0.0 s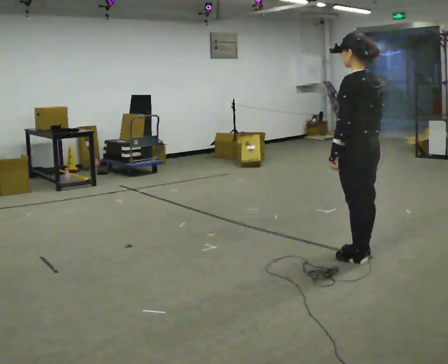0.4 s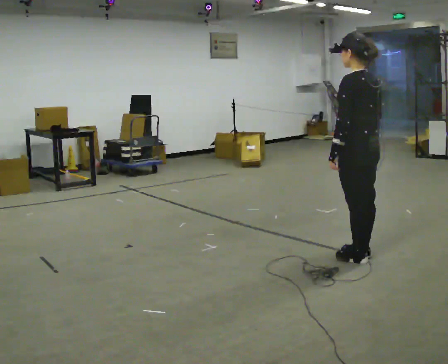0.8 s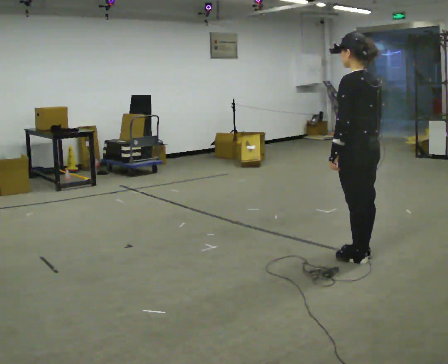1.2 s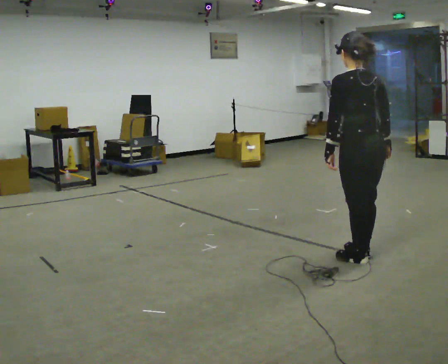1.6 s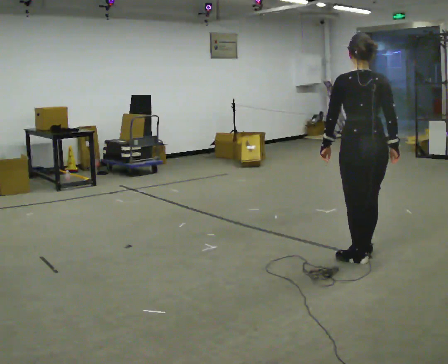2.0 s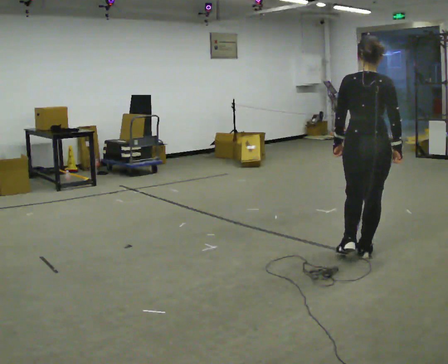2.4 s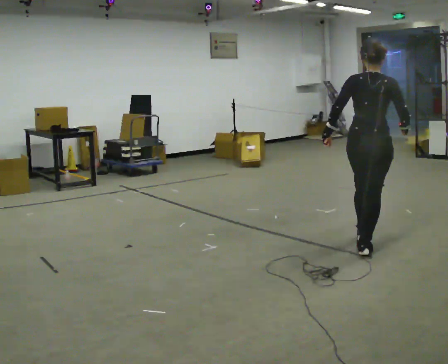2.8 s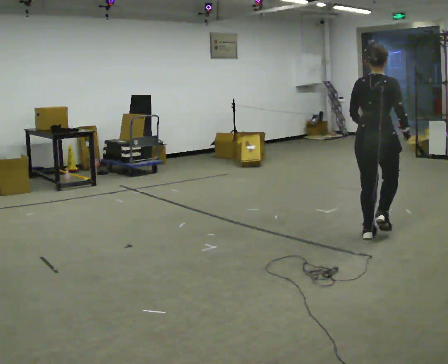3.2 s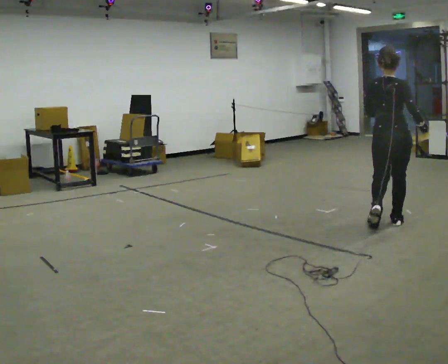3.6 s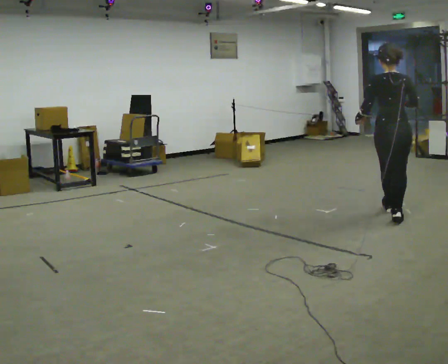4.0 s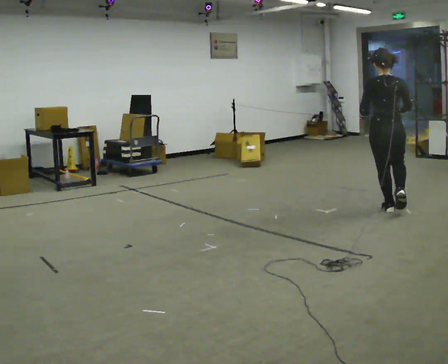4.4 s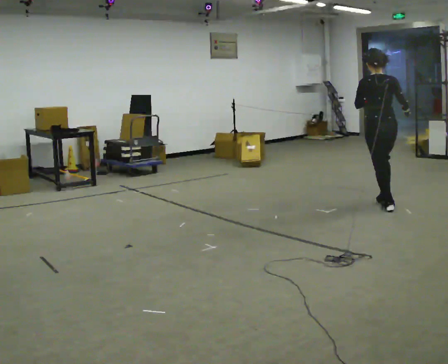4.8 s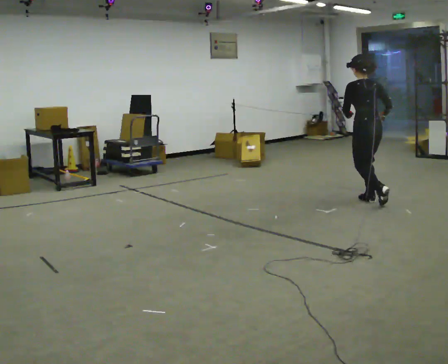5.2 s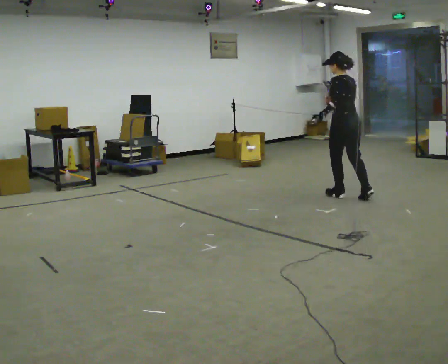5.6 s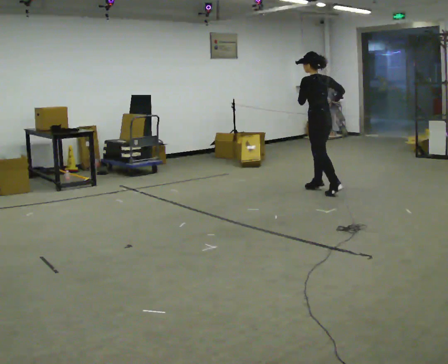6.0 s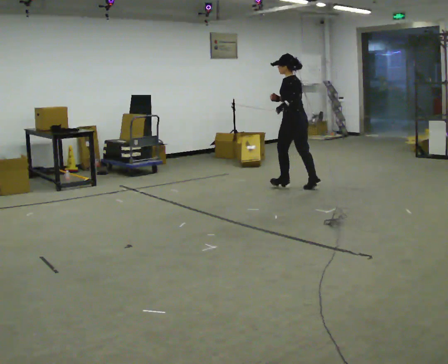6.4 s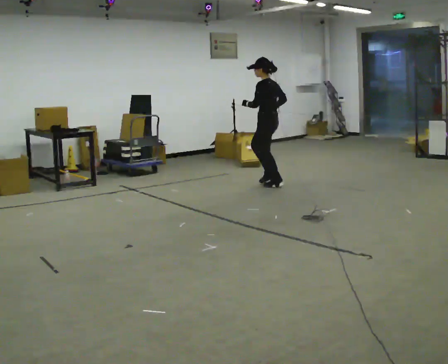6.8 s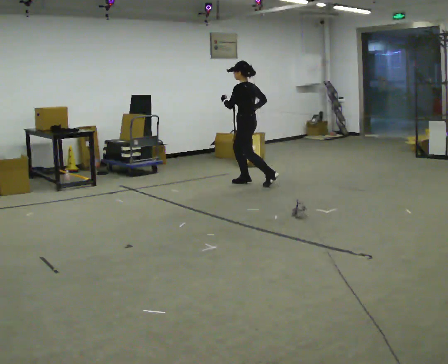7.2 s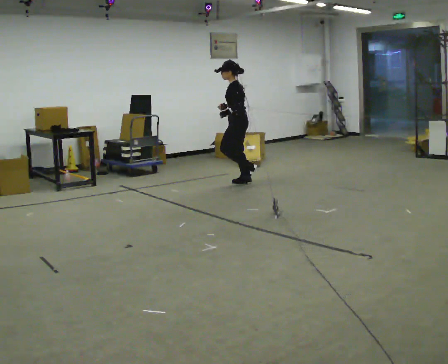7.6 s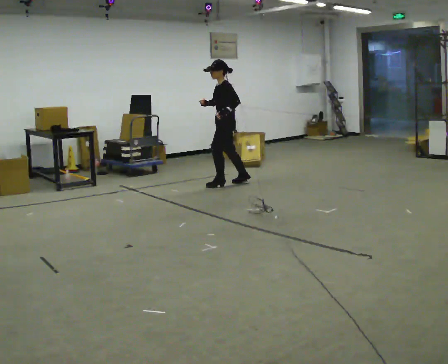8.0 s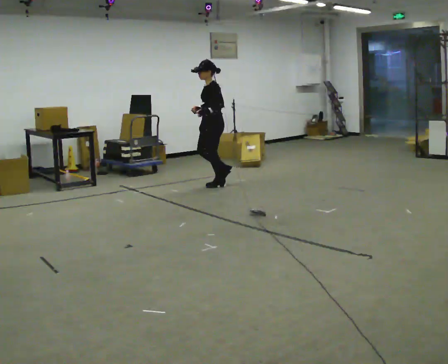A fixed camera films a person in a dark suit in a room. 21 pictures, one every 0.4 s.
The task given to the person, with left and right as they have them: Jog the curves and run hard along the straight sections, then ease off into the next curve. Keep going until the operator says stop.
0.0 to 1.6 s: Seen from above the body turns clockwise, about 45 degrees: to their right, with its near side sliding to the left.
1.6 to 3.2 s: In the picture they go away from the camera, about 1 m in 2 steps, which for them is forward.
3.2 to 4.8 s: The part of the body nearest the lens slides to the right as the person turns to their left by about 45 degrees. In the picture they go away from the camera, about 1 m in 2 steps, which for them is forward.
4.8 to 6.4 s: Seen from above the body turns counterclockwise, about 45 degrees: to their left, with its near side sliding to the right. In the picture they go to the left and away from the camera, about 1.5 m in 3 steps, which for them is forward.
6.4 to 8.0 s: Seen from above the body turns counterclockwise, about 45 degrees: to their left, with its near side sliding to the right. In the picture they go to the left, about 0.75 m in 2 steps, which for them is forward.
The film runs forward here.
